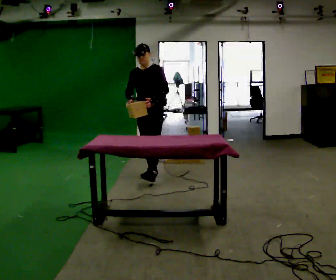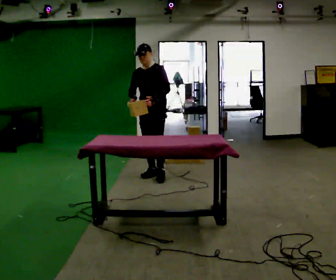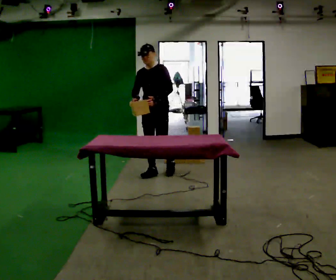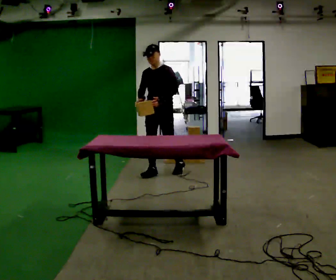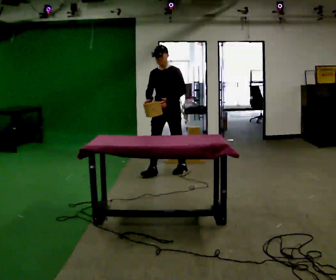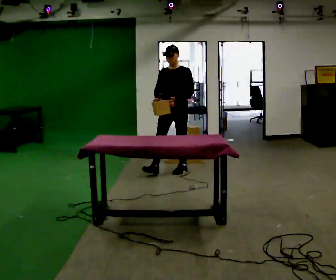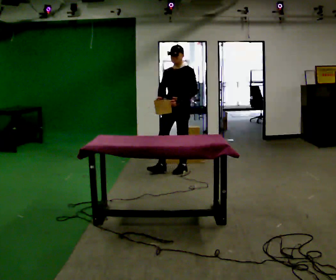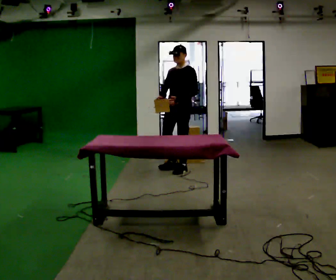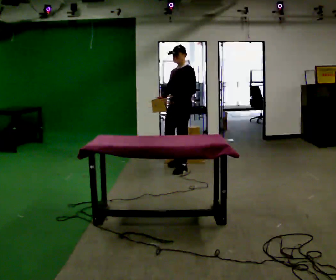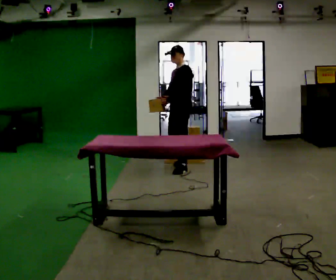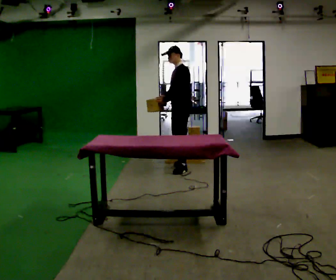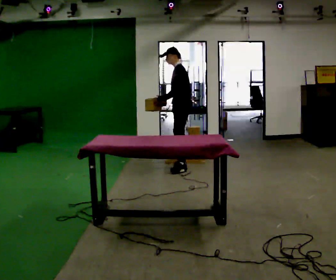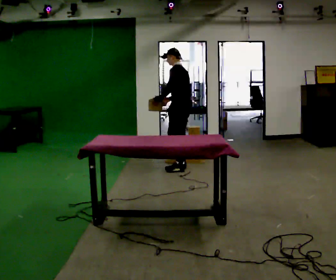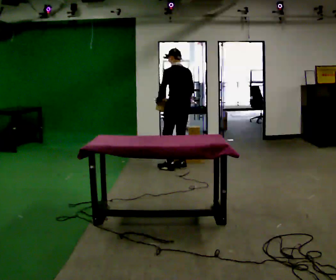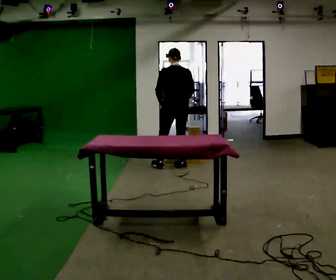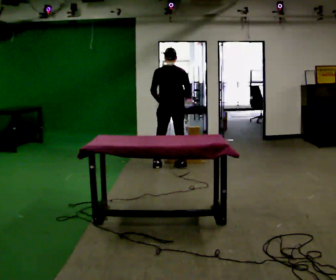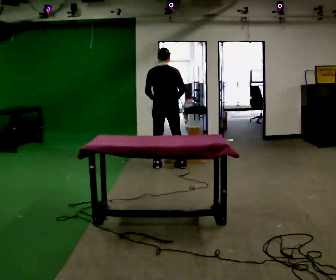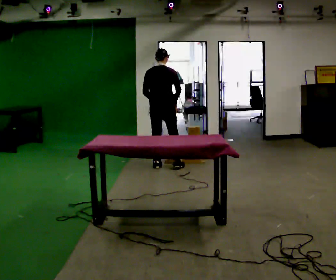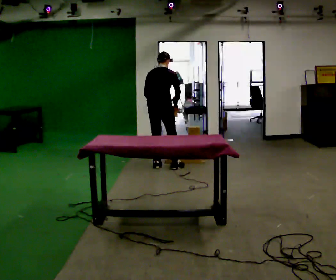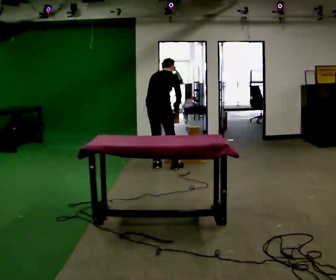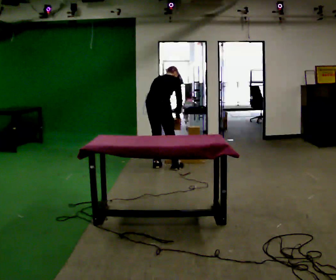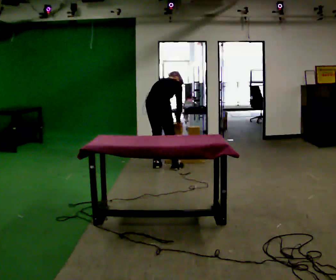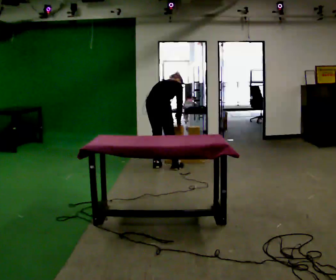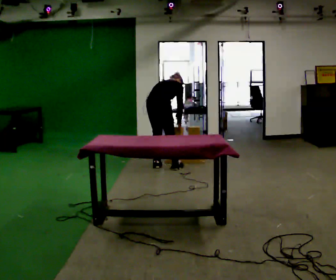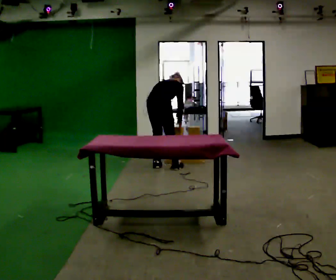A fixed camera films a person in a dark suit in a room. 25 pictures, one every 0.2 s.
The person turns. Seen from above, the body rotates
clockwise.
The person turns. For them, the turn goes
to their right.
0.0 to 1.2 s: In the picture they go to the right and away from the camera, about 0.5 m in 1 step, which for them is backward and to their left.
1.2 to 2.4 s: Seen from above the body turns clockwise, about 75 degrees: to their right, with its near side sliding to the left. In the picture they go away from the camera, about 0.25 m. In the picture their left hand goes to the left, the arm swinging clockwise.
2.4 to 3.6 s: The part of the body nearest the lens slides to the left as the person turns to their right by about 90 degrees. In the picture they go to the left, about 0.25 m in 1 step.
3.6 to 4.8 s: The shoulders move downward. The upper body tips away from the camera, its near side rolling upward, as they bend forward.
The film runs backward here.
